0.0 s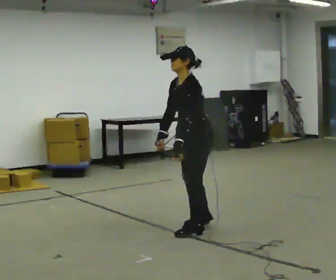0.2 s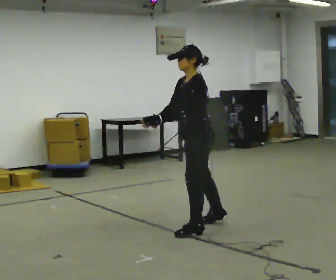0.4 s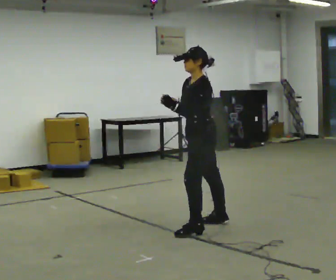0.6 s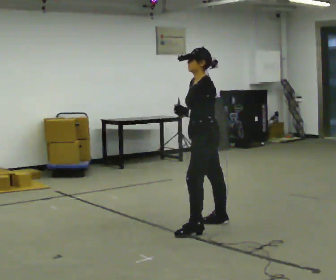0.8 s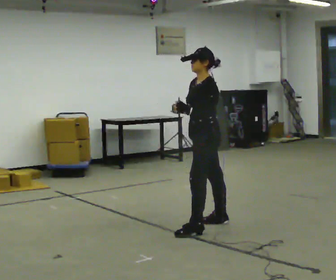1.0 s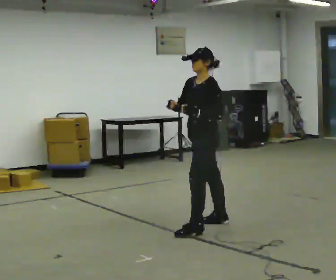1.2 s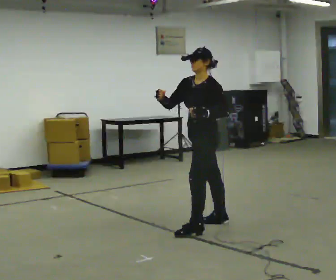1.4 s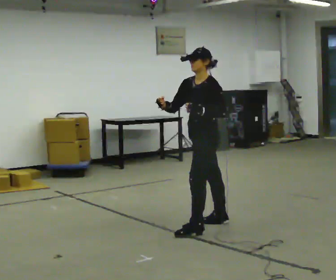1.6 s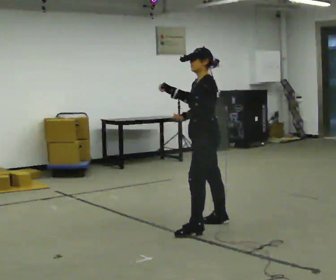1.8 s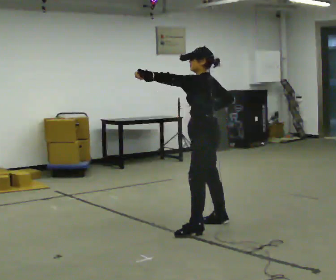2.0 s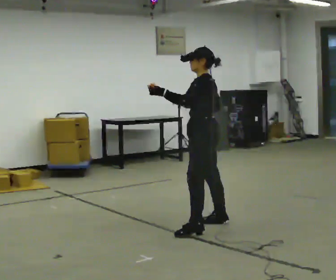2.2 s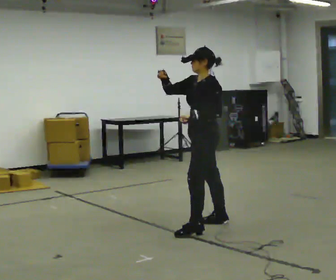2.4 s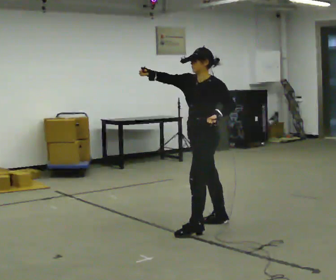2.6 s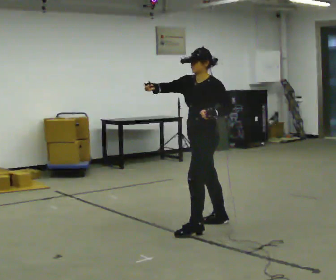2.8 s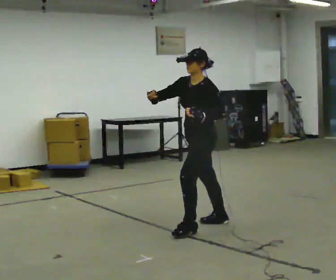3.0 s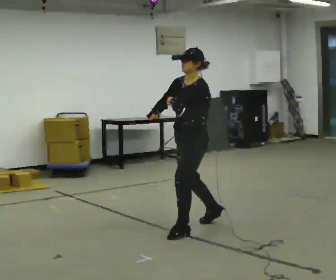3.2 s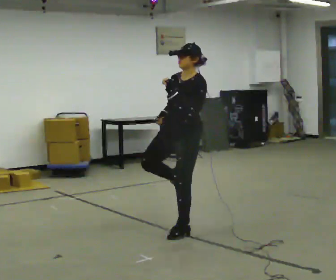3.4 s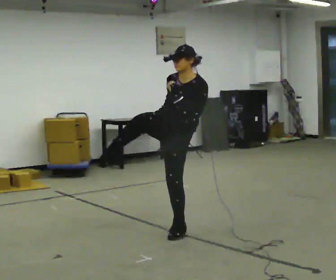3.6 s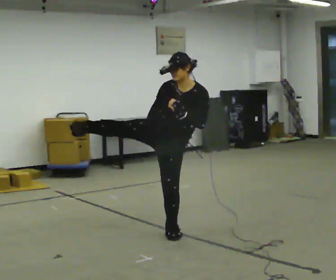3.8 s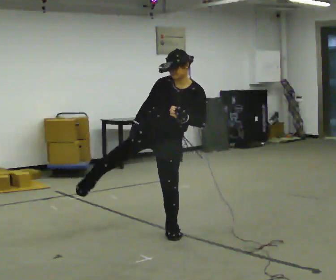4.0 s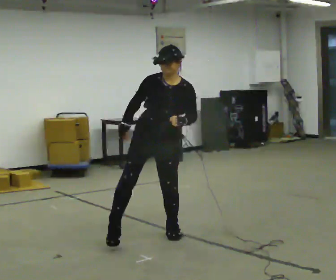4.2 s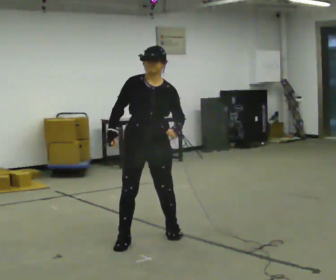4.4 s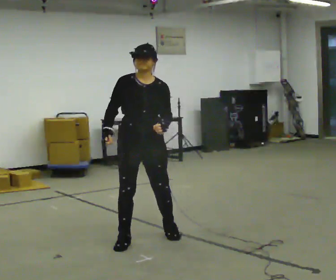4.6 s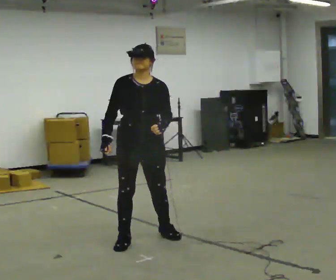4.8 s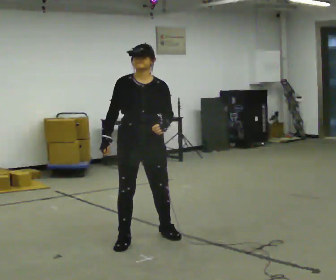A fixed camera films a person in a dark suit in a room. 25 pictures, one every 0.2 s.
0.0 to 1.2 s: In the picture they go away from the camera, about 0.25 m in 1 step, which for them is to their right.
1.2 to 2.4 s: The person moves a little, or ends about where they began.
2.4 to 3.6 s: The part of the body nearest the lens slides to the right as the person turns to their left by about 45 degrees. In the picture they go to the left and toward the camera, about 0.25 m, which for them is forward. The upper body tips toward the camera, its near side rolling downward. In the picture their right hand goes downward, the arm swinging counterclockwise.
3.6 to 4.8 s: The part of the body nearest the lens slides to the right as the person turns to their left by about 30 degrees. In the picture they go toward the camera and to the left, about 0.25 m in 1 step, which for them is to their right and forward. The upper body tips away from the camera, its near side rolling upward.
The film runs forward here.
